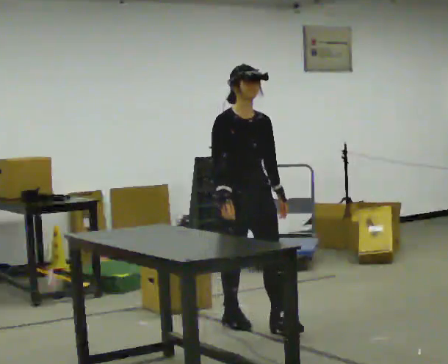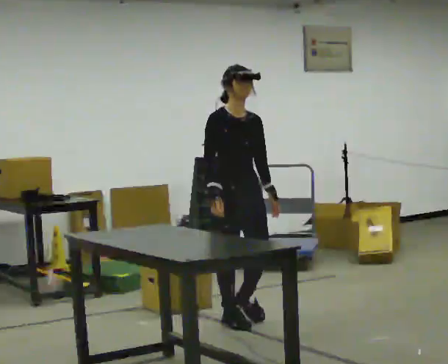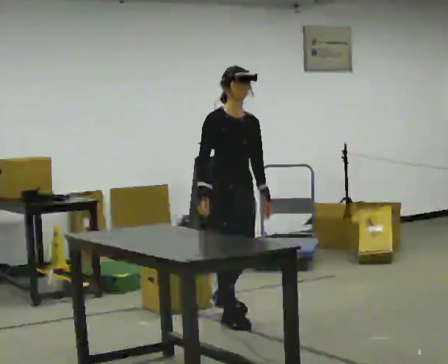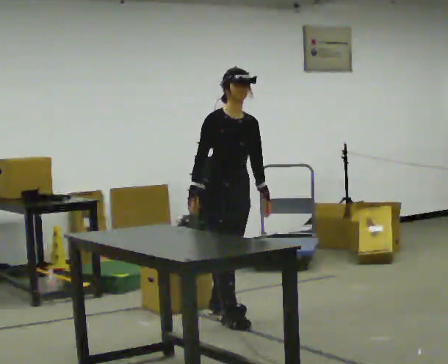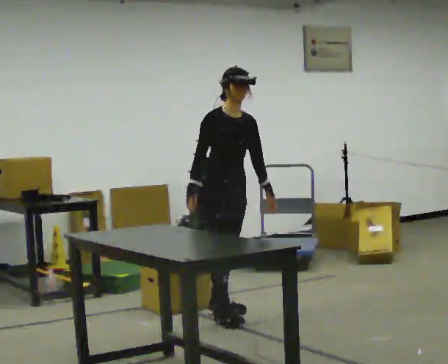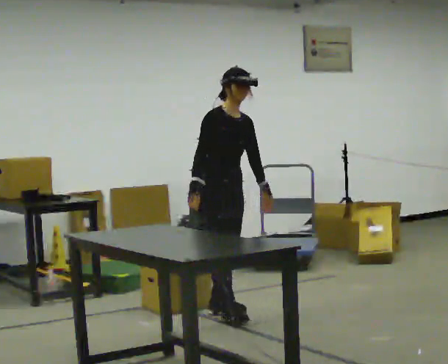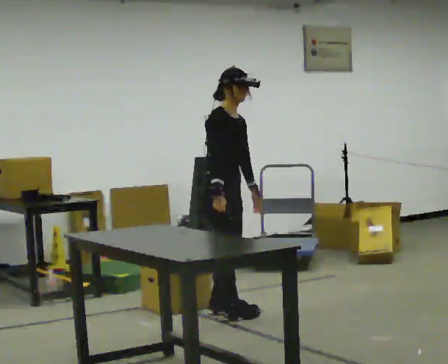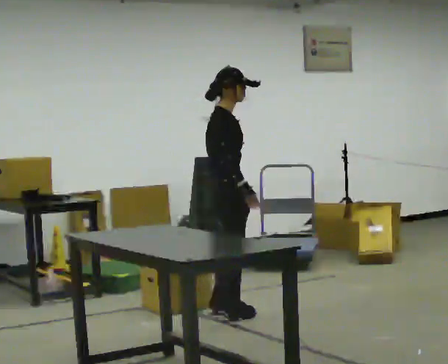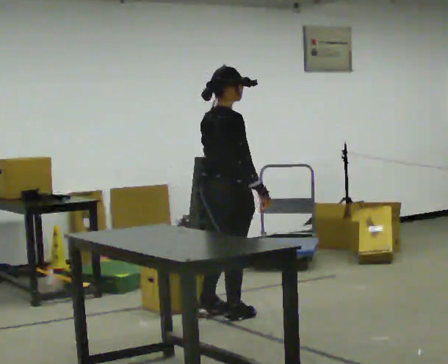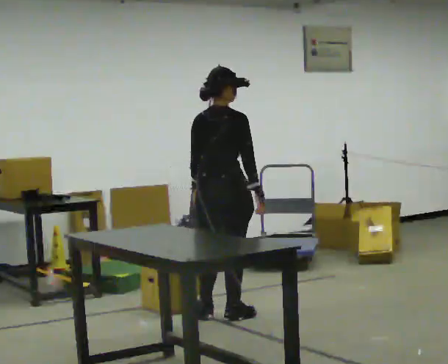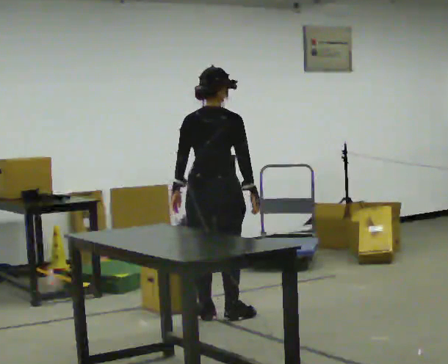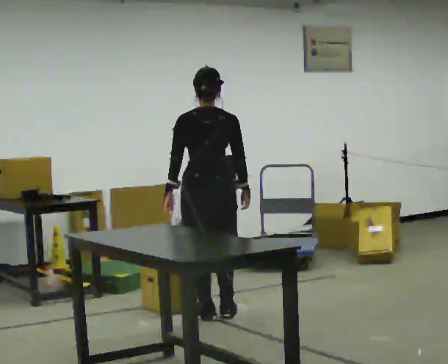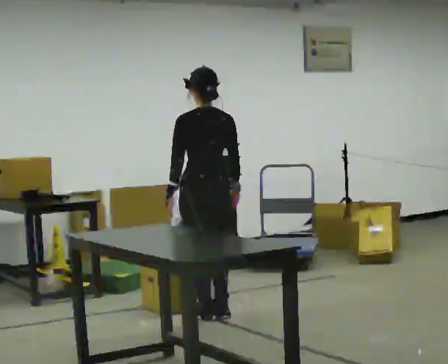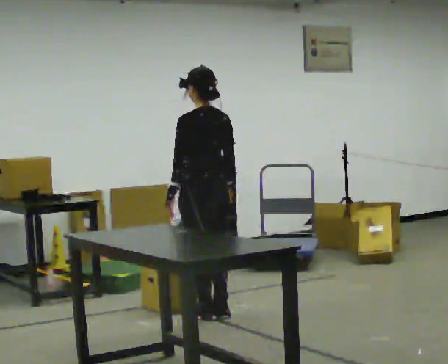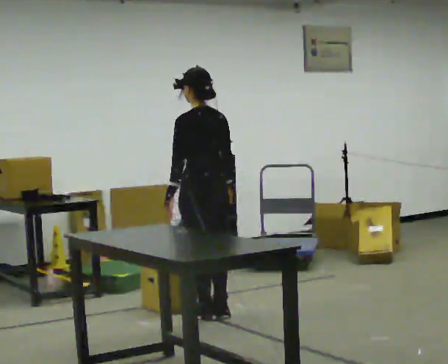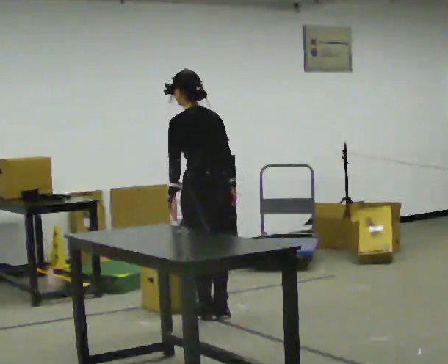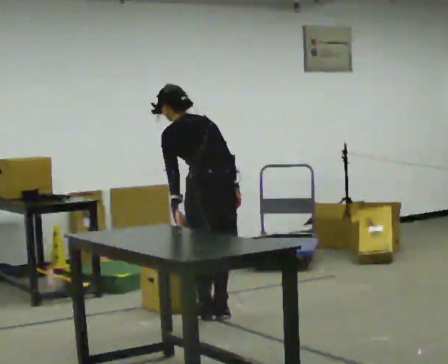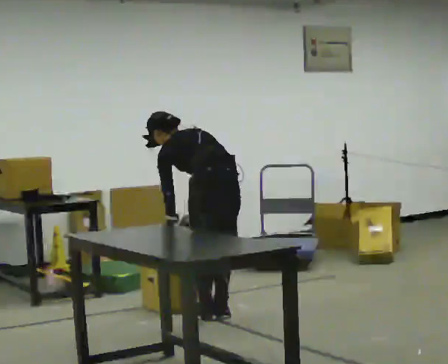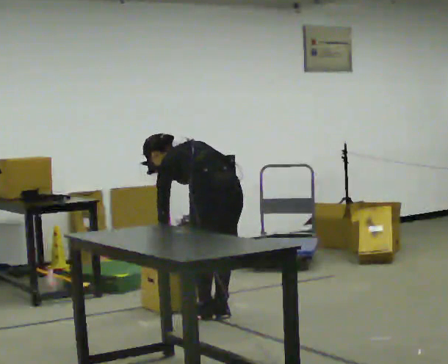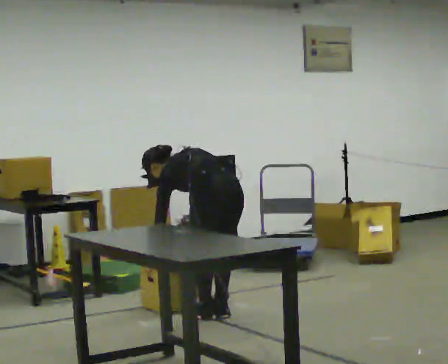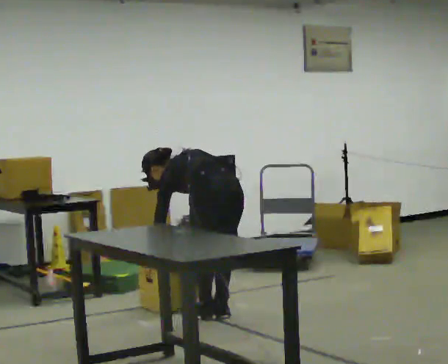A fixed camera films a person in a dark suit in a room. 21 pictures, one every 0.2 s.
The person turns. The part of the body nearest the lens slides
to the right.
Their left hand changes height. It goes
downward.
0.0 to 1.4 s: Seen from above the body turns counterclockwise, about 60 degrees: to their left, with its near side sliding to the right. In the picture they go away from the camera, about 0.25 m.
1.4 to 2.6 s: Seen from above the body turns counterclockwise, about 120 degrees: to their left, with its near side sliding to the right.
2.6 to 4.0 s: The shoulders move downward. The upper body tips away from the camera, its near side rolling upward, as they bend forward.
The film runs backward here.
